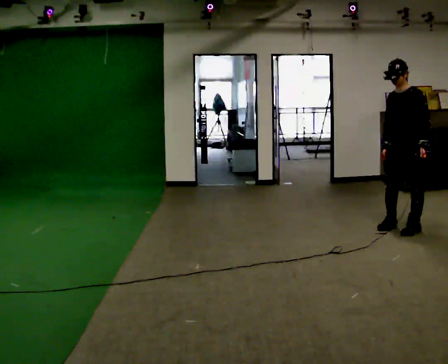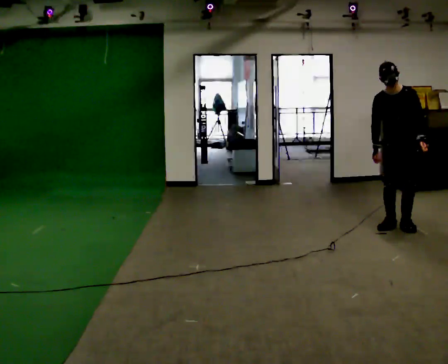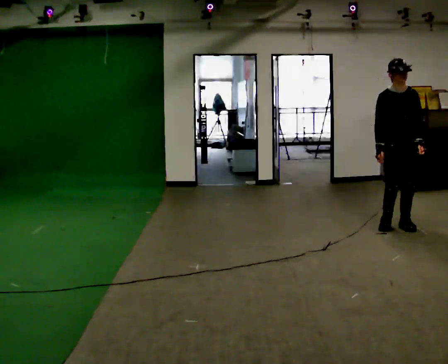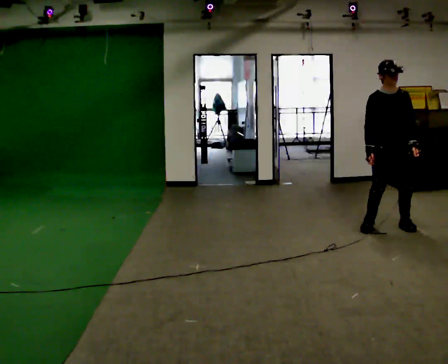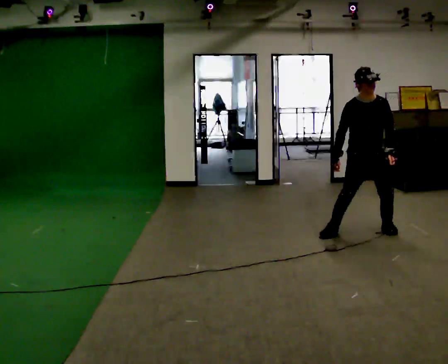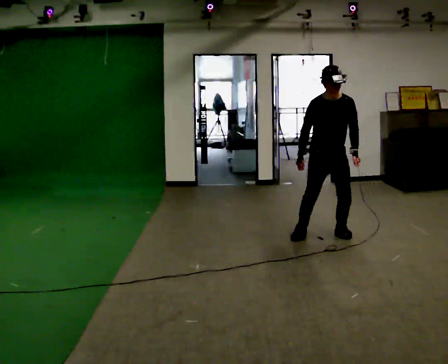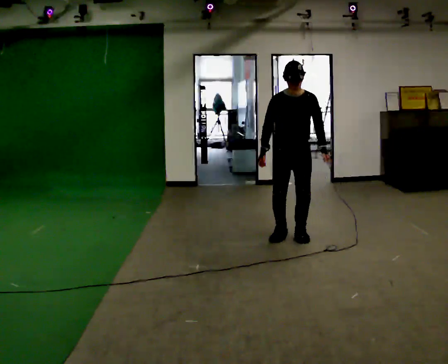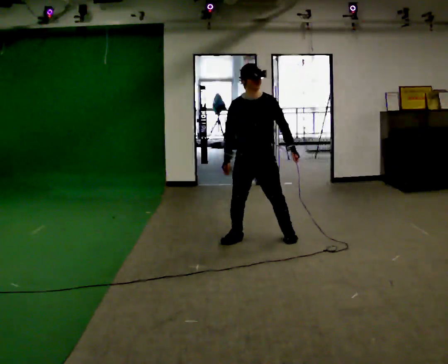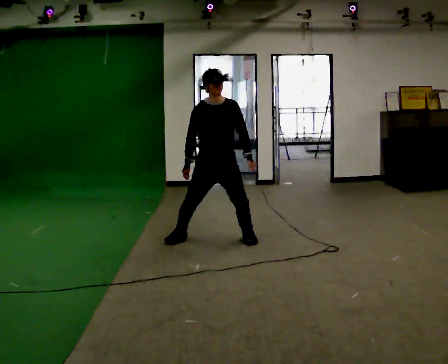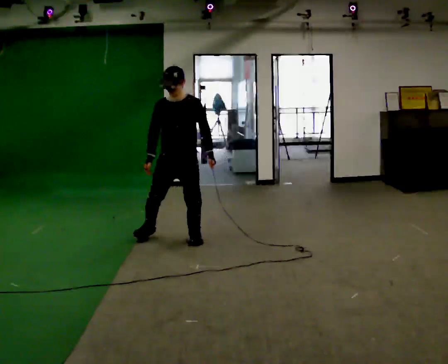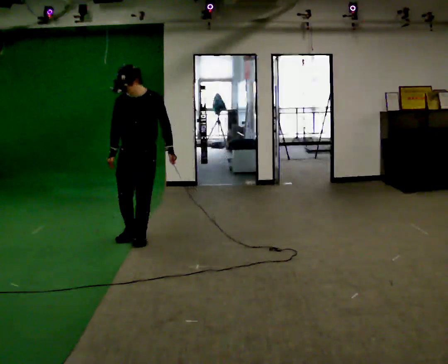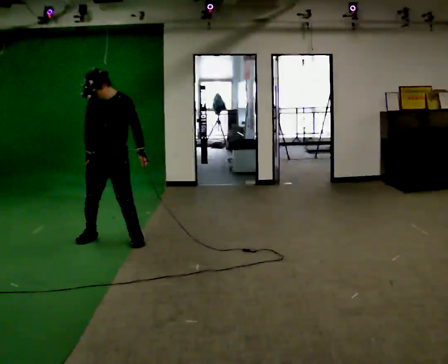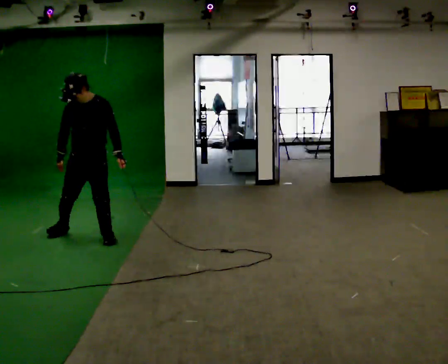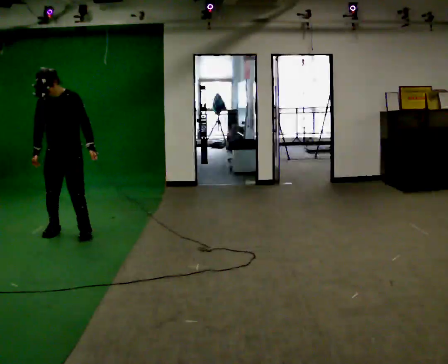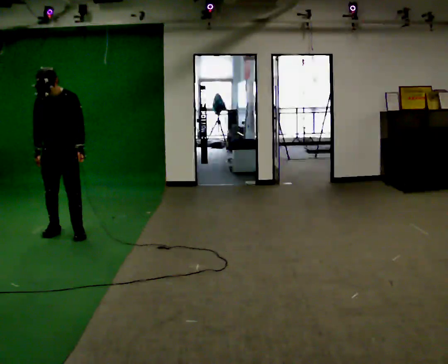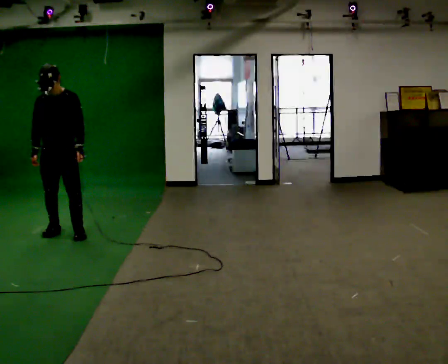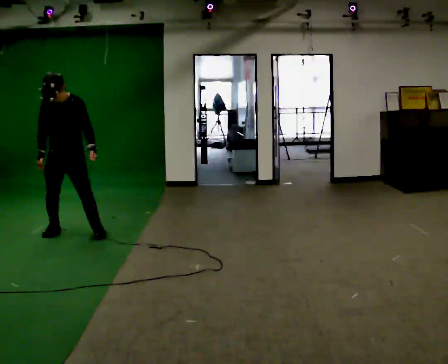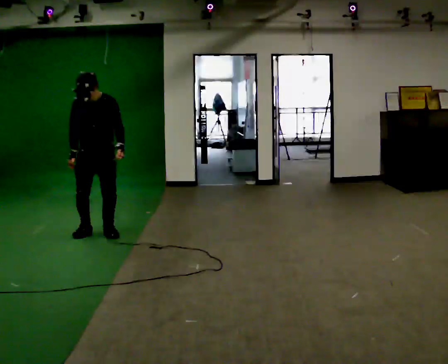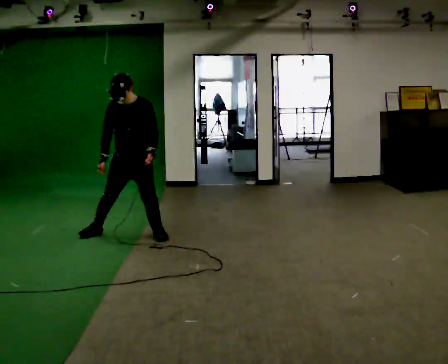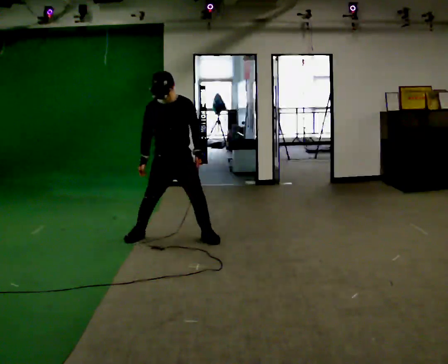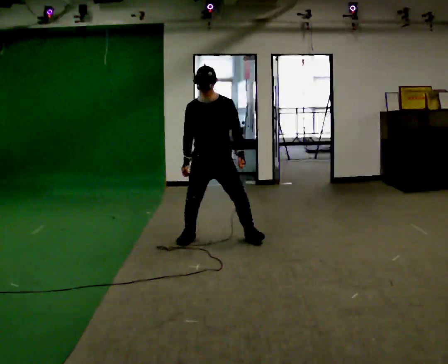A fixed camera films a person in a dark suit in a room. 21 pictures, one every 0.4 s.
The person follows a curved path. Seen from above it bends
clockwise.
0.0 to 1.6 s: The person turns about 60 degrees to their left, counterclockwise seen from above, so the part of the body nearest the lens slides to the right. In the picture they go to the left, about 0.5 m in 3 steps.
1.6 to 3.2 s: In the picture they go to the left, about 1.5 m in 6 steps, which for them is to their right.
3.2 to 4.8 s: In the picture they go to the left, about 1 m in 6 steps, which for them is to their right.
4.8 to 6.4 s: In the picture they go to the left and away from the camera, about 0.25 m in 2 steps, which for them is to their right and backward.
6.4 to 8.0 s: In the picture they go to the right, about 1.5 m in 6 steps, which for them is to their left.
The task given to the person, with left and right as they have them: Shuffle sideways quickly in the direction the operator calls, without crossing your feet.
The film runs forward here.
